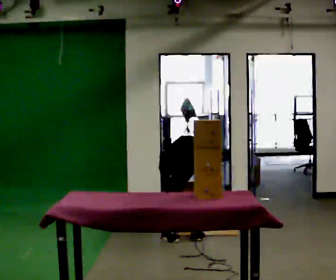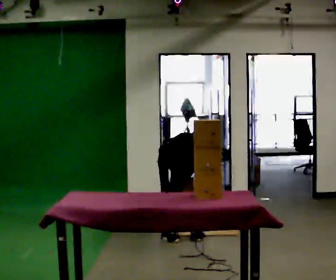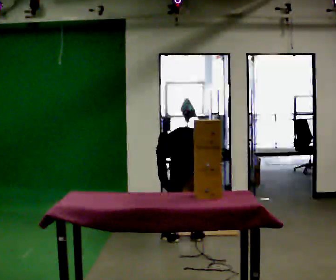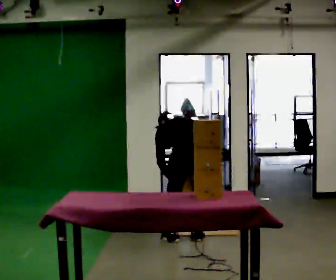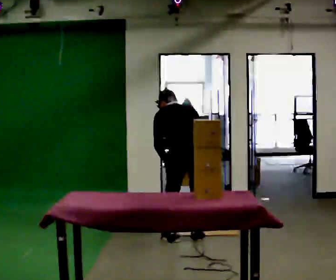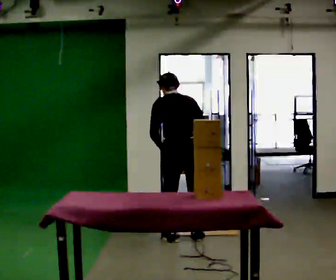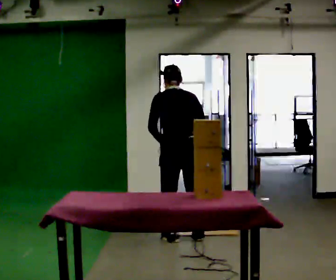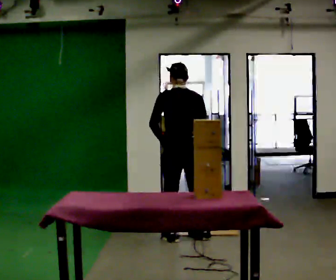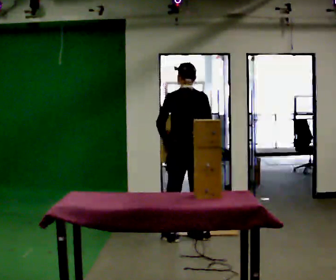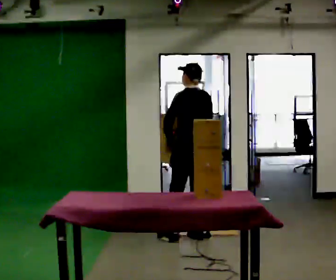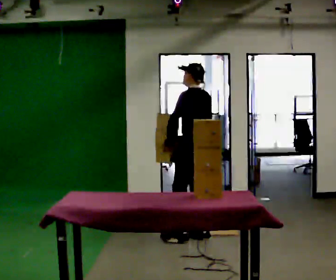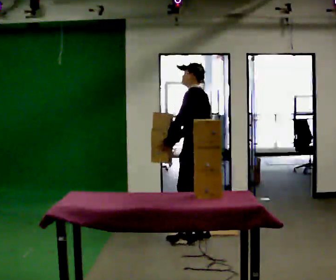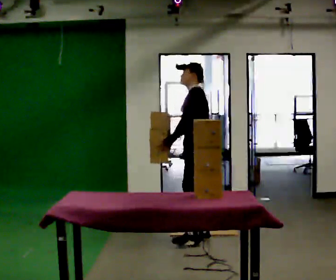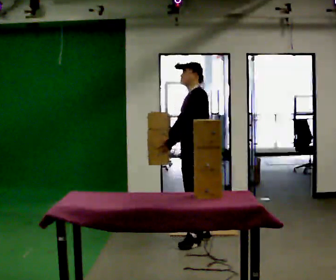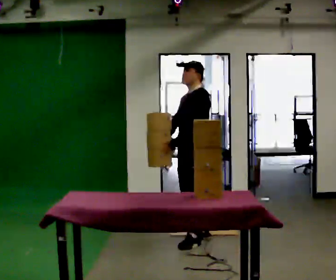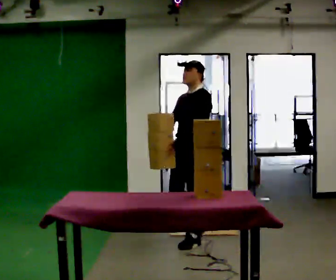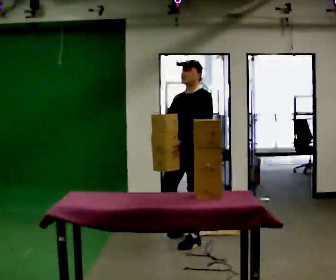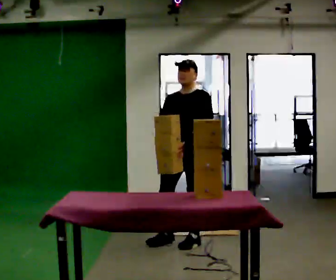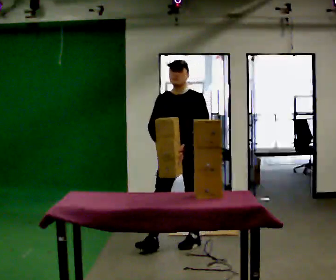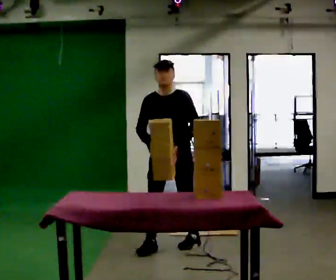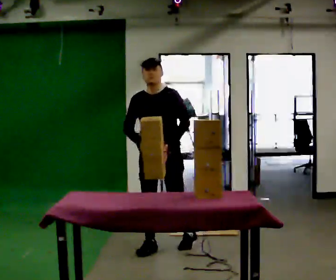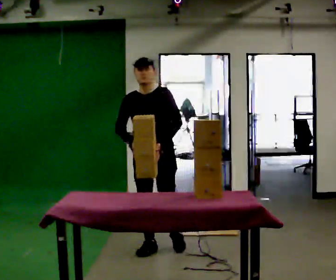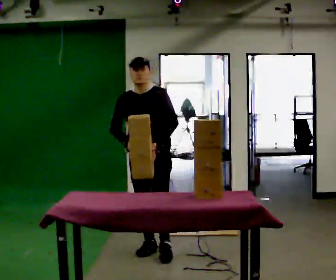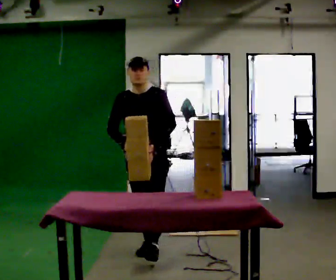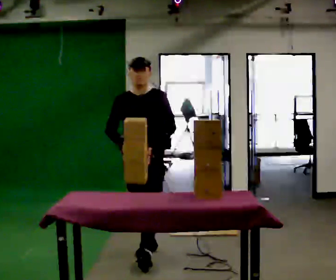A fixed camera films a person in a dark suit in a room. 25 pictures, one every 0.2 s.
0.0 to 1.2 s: The shoulders move upward. The upper body tips toward the camera, its near side rolling downward, as they lean back or straighten. In the picture their left hand goes upward.
1.2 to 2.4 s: Seen from above the body turns counterclockwise, about 75 degrees: to their left, with its near side sliding to the right. In the picture they go to the right, about 0.25 m in 1 step.
2.4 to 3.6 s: The person turns about 60 degrees to their left, counterclockwise seen from above, so the part of the body nearest the lens slides to the right. In the picture they go toward the camera and to the left, about 0.25 m.
3.6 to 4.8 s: In the picture they go toward the camera and to the left, about 0.5 m in 2 steps, which for them is forward and to their right.
The film runs forward here.
